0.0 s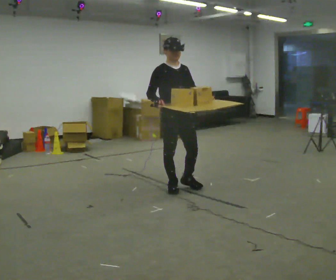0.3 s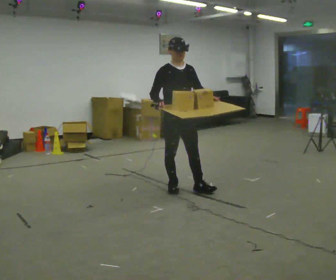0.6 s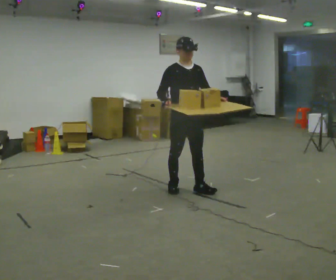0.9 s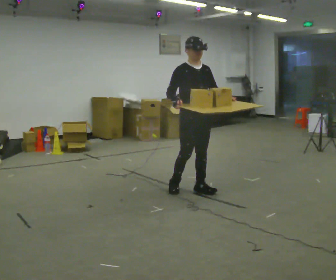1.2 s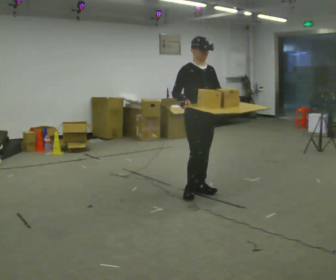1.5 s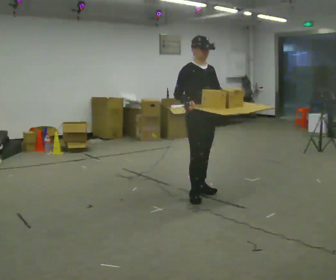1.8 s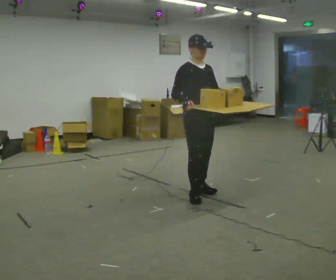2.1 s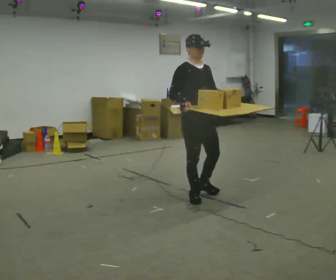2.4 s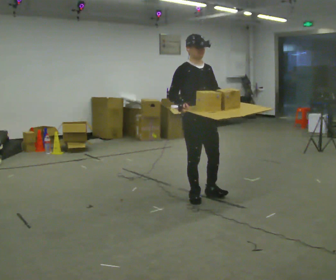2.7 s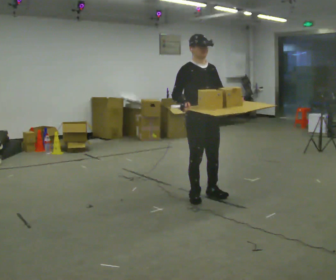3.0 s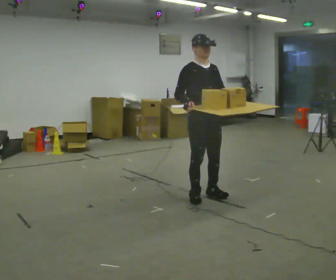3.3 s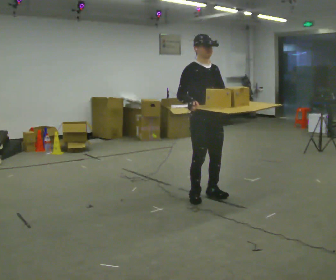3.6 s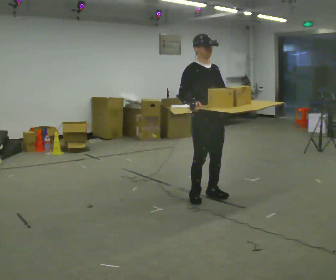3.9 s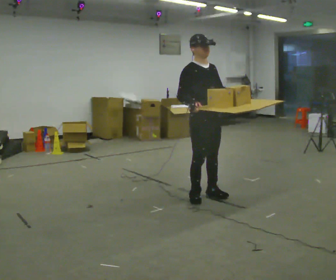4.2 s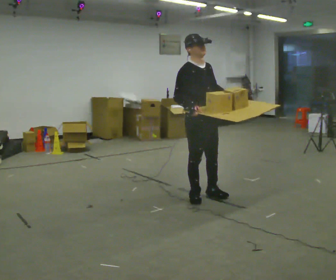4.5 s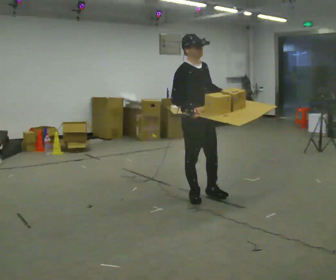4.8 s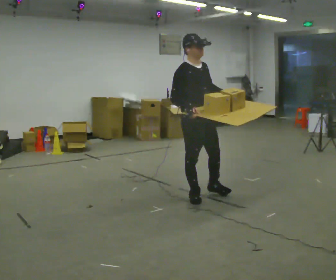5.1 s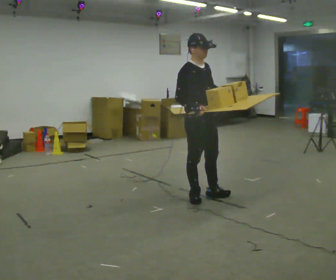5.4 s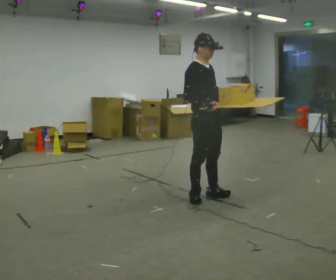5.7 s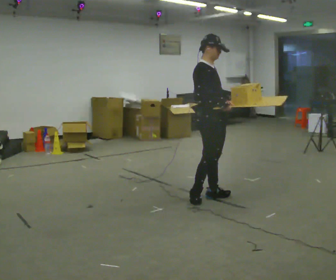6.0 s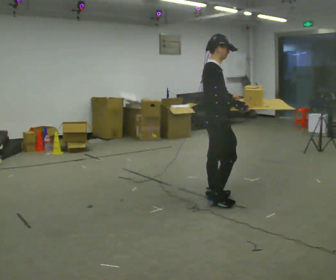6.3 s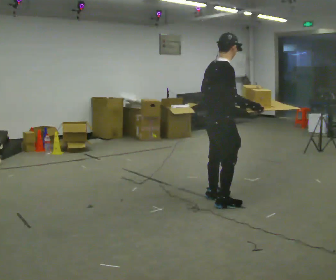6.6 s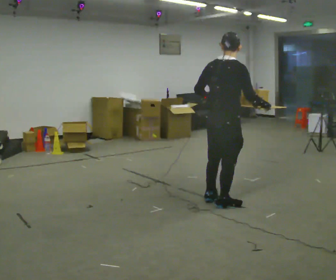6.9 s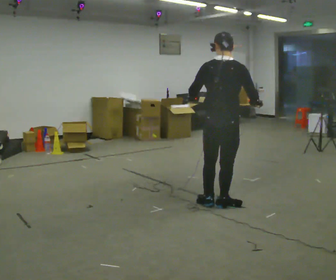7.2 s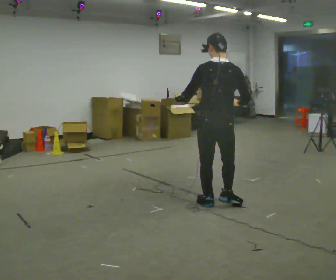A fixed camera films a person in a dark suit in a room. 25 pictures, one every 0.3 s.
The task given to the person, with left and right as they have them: Carry the loaded tray flat and level in both hands, walking back and forth across the room. Try not to let anything slide off.
0.0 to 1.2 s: In the picture they go to the right, about 0.25 m in 1 step, which for them is forward and to their left.
1.2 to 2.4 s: In the picture they go toward the camera, about 0.25 m in 1 step, which for them is to their right and forward.
2.4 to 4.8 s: The person moves a little, or ends about where they began.
4.8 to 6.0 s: Seen from above the body turns counterclockwise, about 45 degrees: to their left, with its near side sliding to the right. In the picture they go to the right, about 0.25 m, which for them is forward. In the picture their right hand goes to the right.
6.0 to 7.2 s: The part of the body nearest the lens slides to the right as the person turns to their left by about 90 degrees. In the picture their left hand goes to the left.
The film runs forward here.
